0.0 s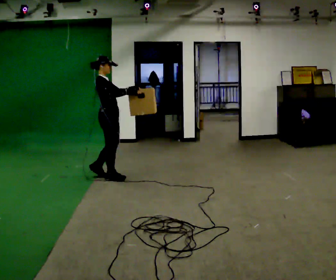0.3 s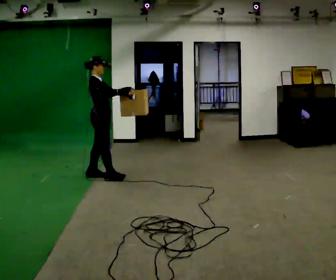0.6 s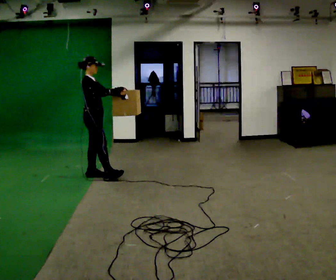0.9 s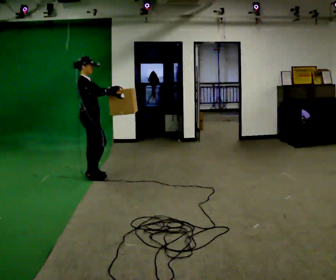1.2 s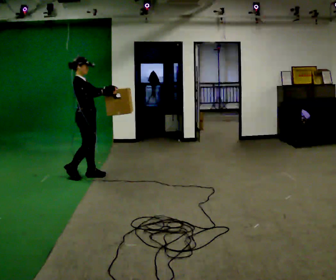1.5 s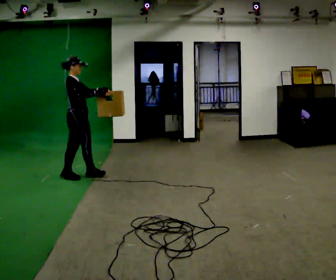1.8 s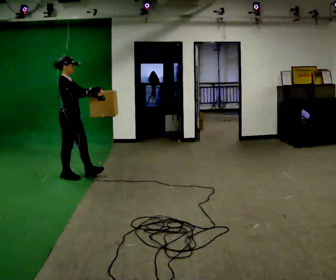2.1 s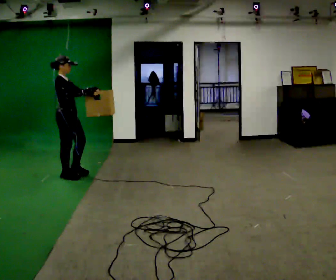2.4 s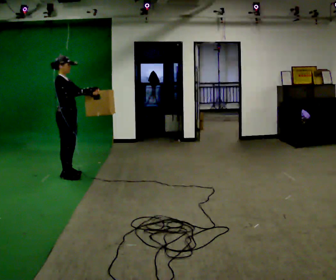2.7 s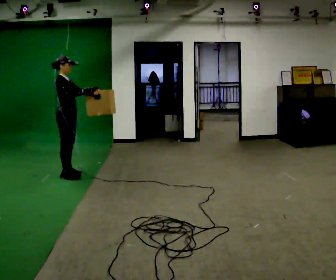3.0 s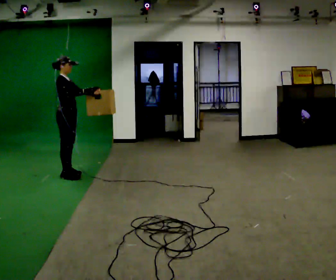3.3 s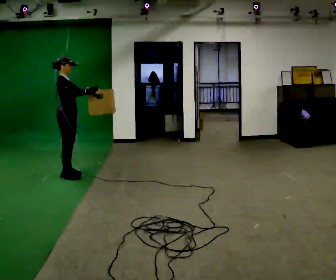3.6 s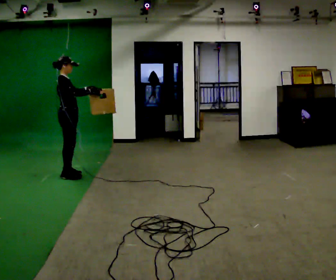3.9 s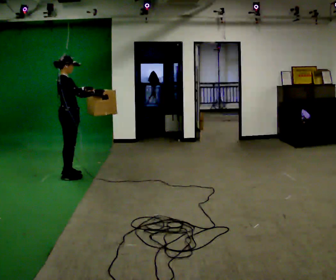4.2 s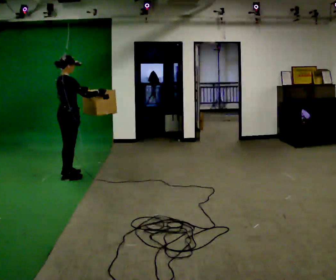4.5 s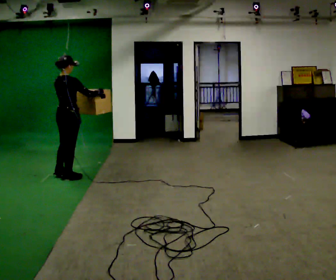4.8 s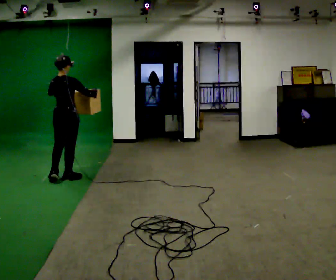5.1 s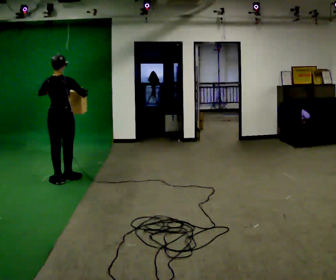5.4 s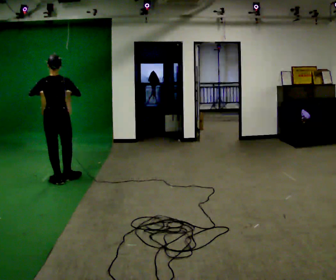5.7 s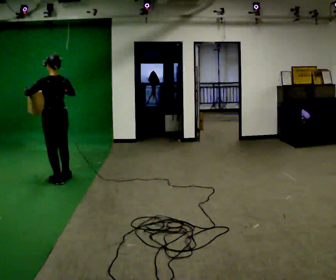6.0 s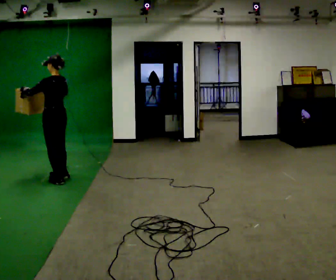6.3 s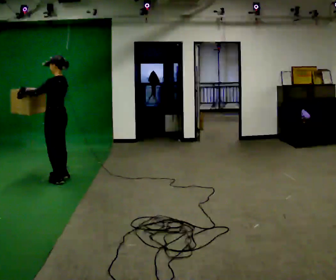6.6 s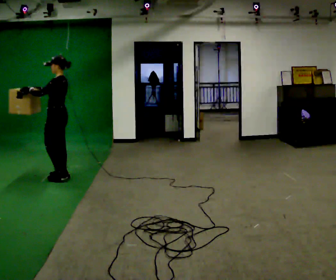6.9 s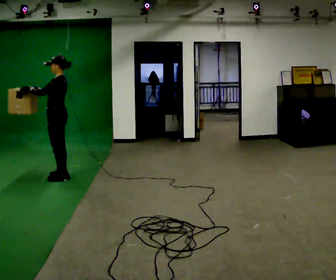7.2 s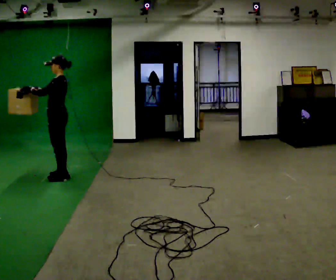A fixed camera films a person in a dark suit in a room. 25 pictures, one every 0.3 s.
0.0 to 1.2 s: In the picture they go to the left, about 0.25 m in 1 step, which for them is backward.
1.2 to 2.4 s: In the picture they go to the left, about 0.25 m in 1 step, which for them is backward.
2.4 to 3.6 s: The person moves a little, or ends about where they began.
3.6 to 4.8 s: Seen from above the body turns counterclockwise, about 60 degrees: to their left, with its near side sliding to the right. In the picture they go toward the camera, about 0.25 m in 1 step.
4.8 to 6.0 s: The person turns about 75 degrees to their left, counterclockwise seen from above, so the part of the body nearest the lens slides to the right. In the picture their right hand goes to the left.
6.0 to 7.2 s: The person turns about 45 degrees to their left, counterclockwise seen from above, so the part of the body nearest the lens slides to the right.
The film runs backward here.
